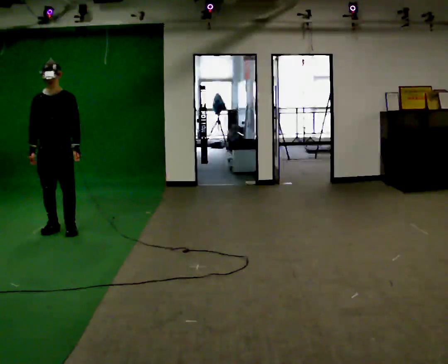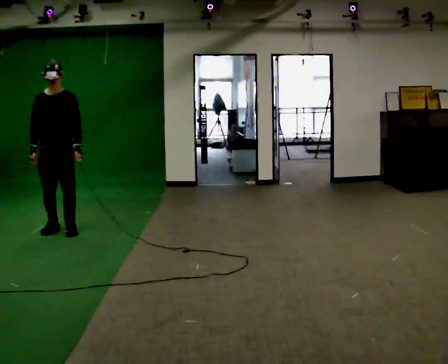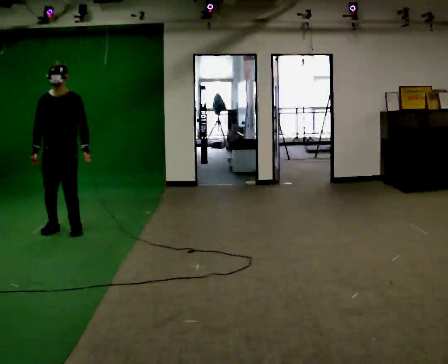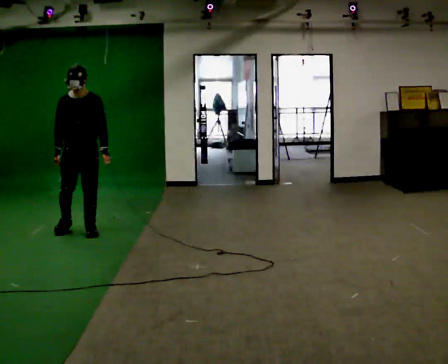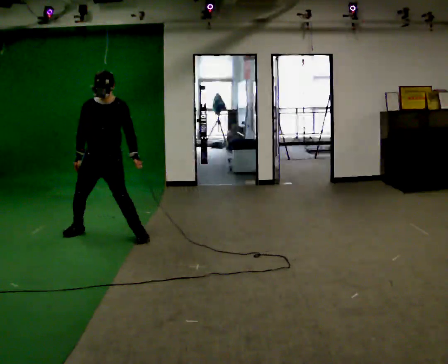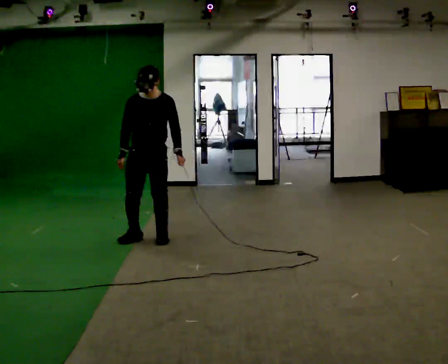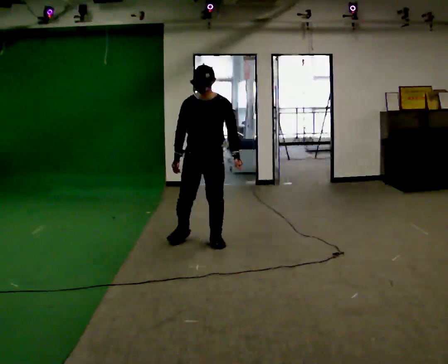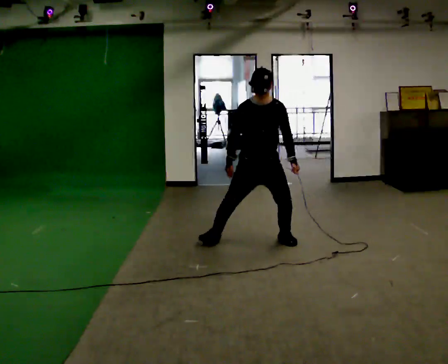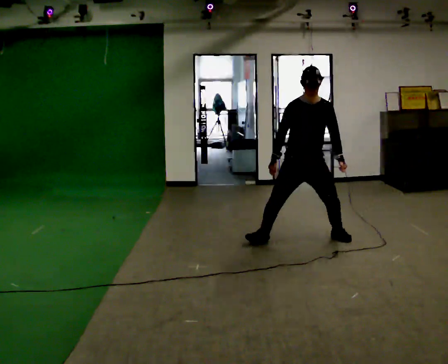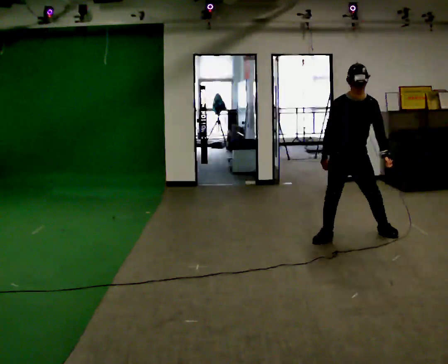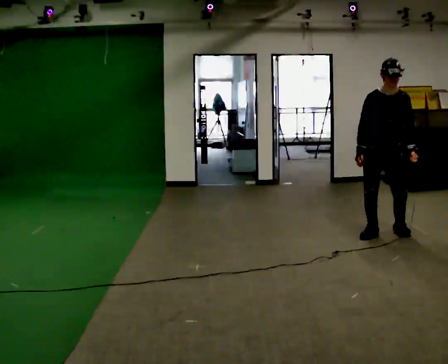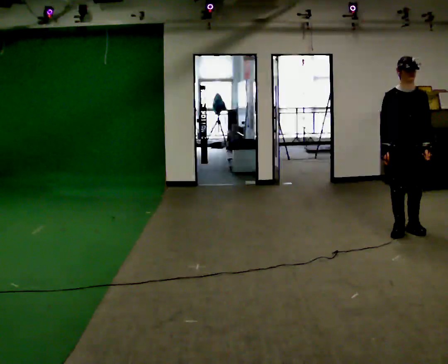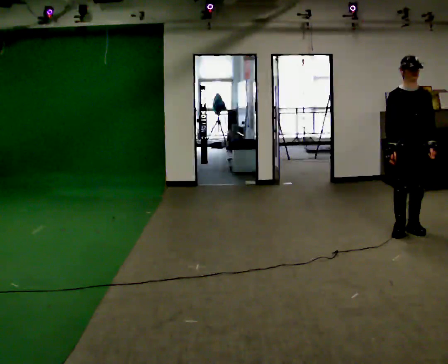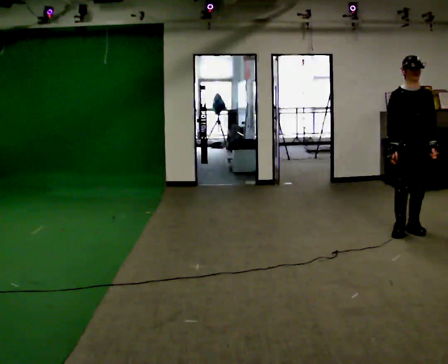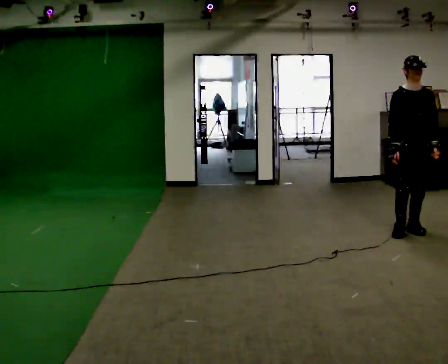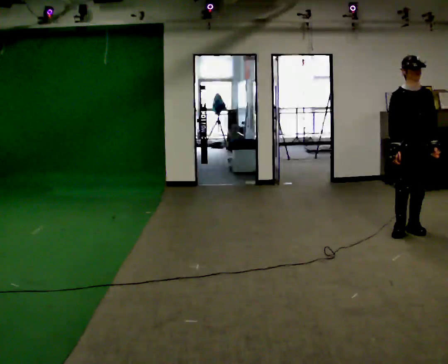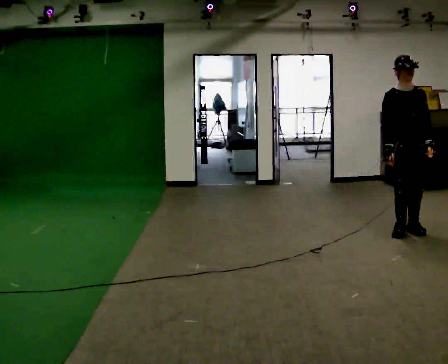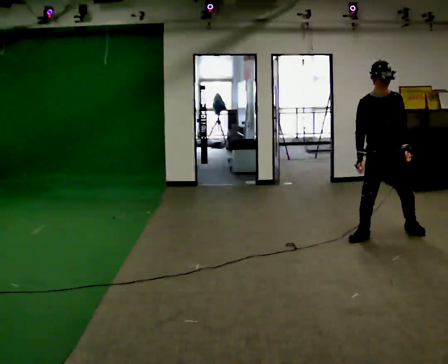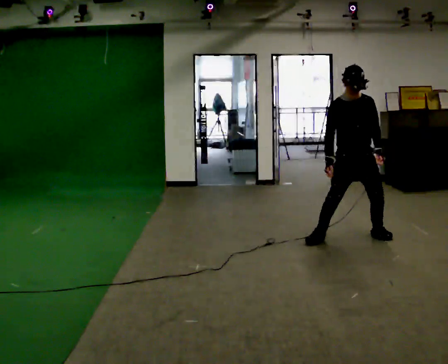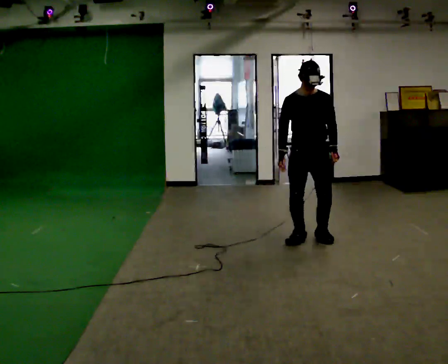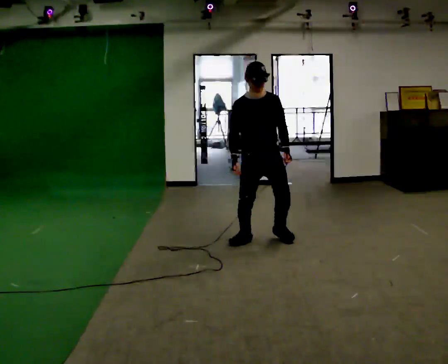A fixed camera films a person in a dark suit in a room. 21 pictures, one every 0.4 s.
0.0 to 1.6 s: In the picture they go to the right, about 0.5 m in 3 steps, which for them is to their left.
1.6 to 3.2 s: In the picture they go to the right, about 2 m in 7 steps, which for them is to their left.
3.2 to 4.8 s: In the picture they go to the right, about 1 m in 4 steps, which for them is to their left.
4.8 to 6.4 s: The person moves a little, or ends about where they began.
6.4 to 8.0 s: In the picture they go to the left, about 1.5 m in 5 steps, which for them is to their right.
The film runs backward here.
